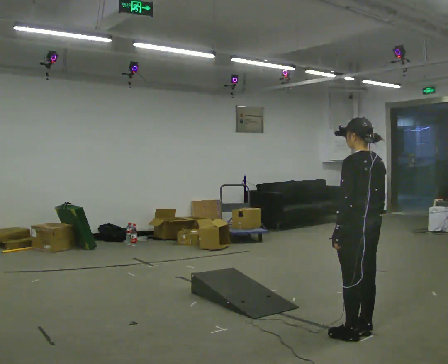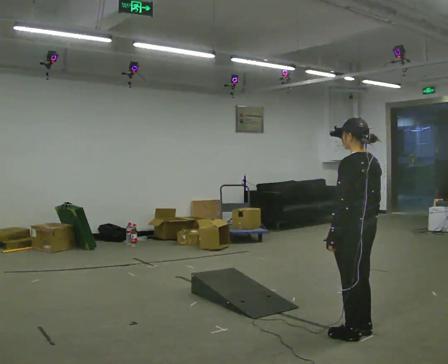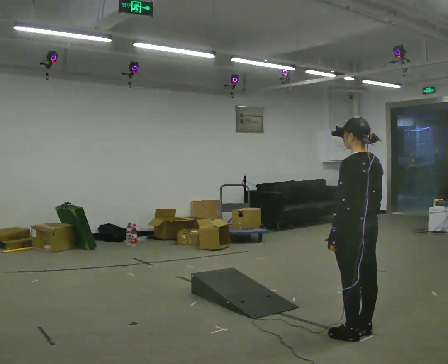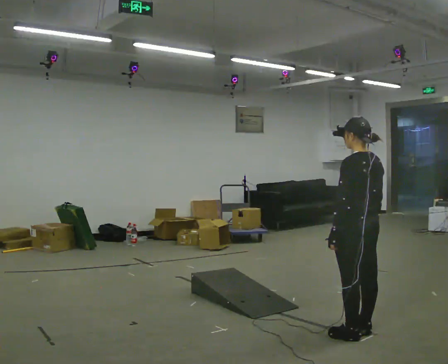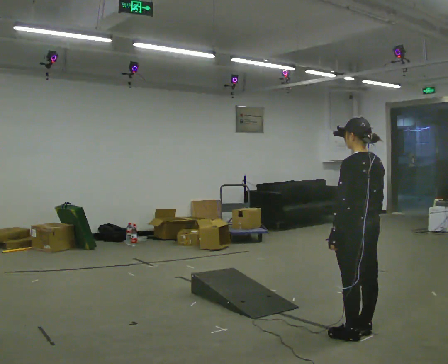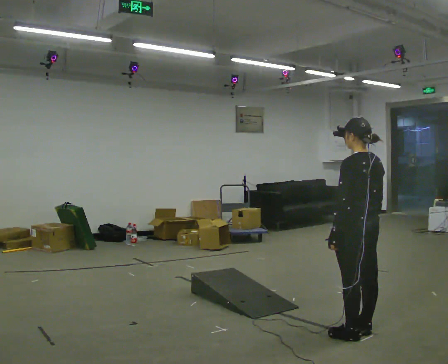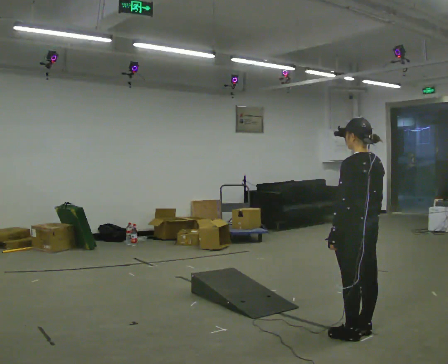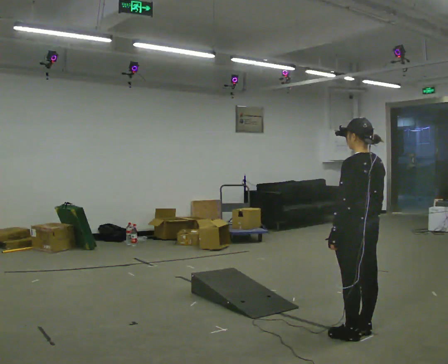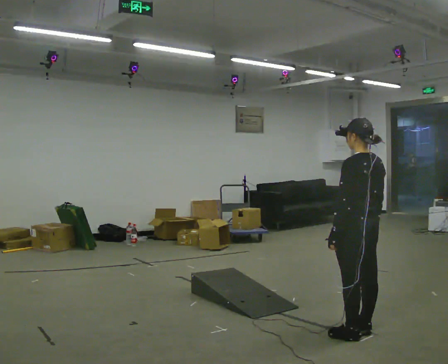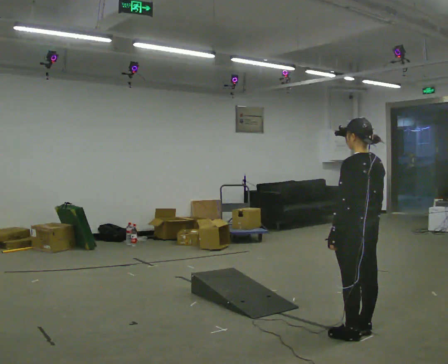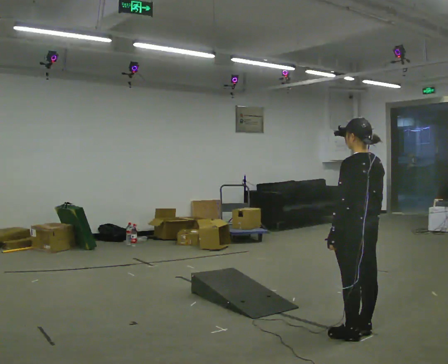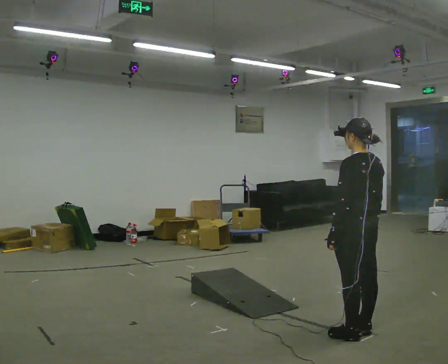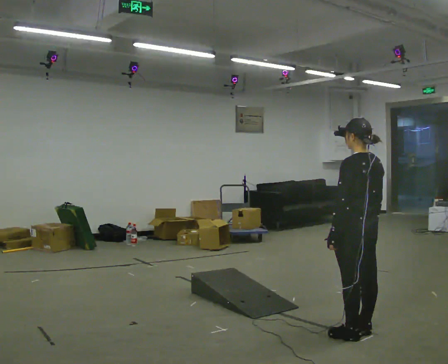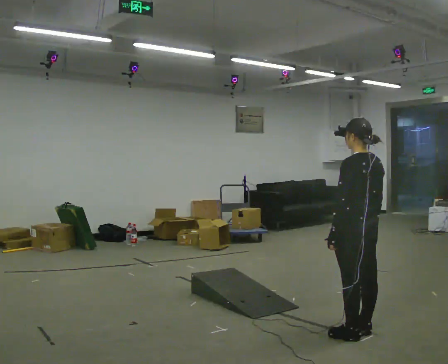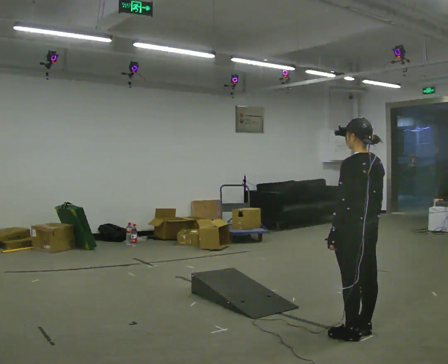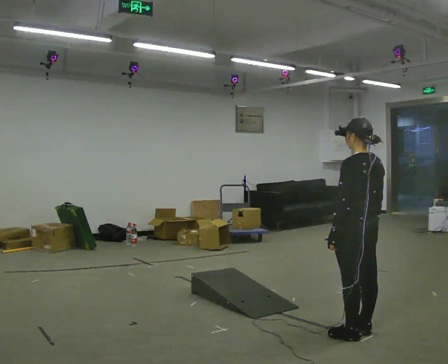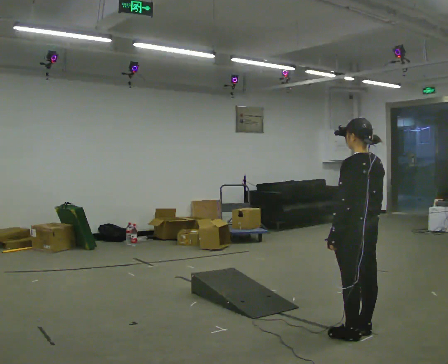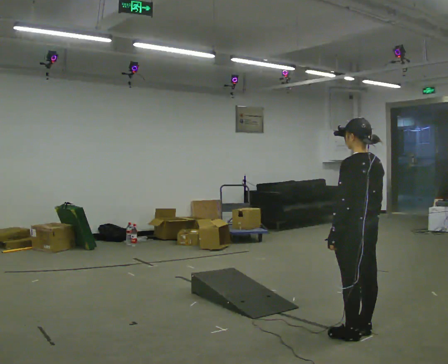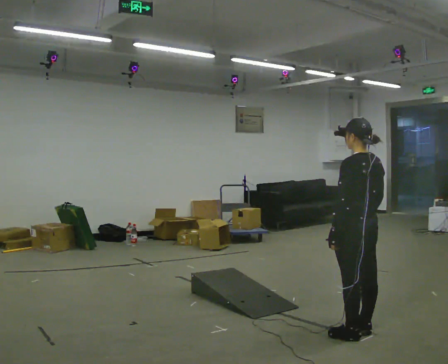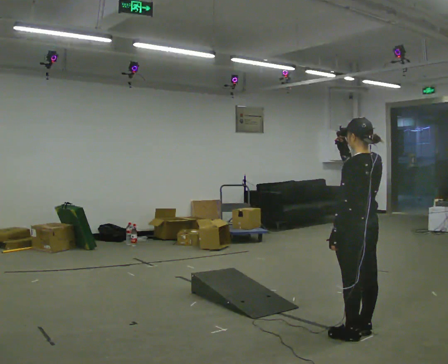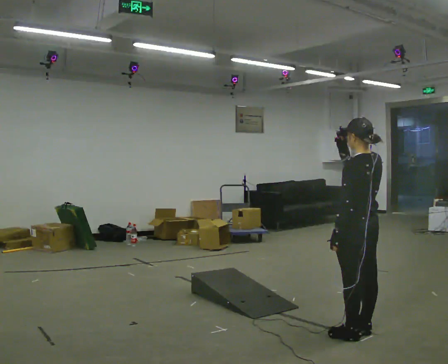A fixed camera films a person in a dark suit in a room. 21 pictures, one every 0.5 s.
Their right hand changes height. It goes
upward.
0.0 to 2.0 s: The person moves a little, or ends about where they began.
2.0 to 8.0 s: The person keeps their place and pose.
8.0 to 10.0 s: In the picture their right hand goes upward.
The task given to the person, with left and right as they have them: Walk up the ramp, turn at the top, and walk back down at a comfortable speed.
The film runs forward here.
